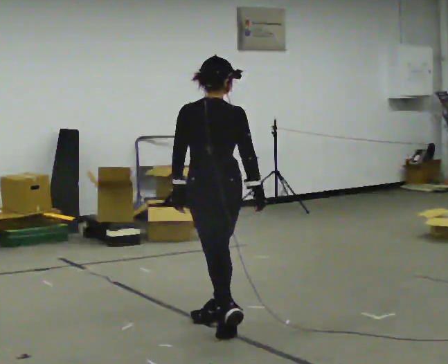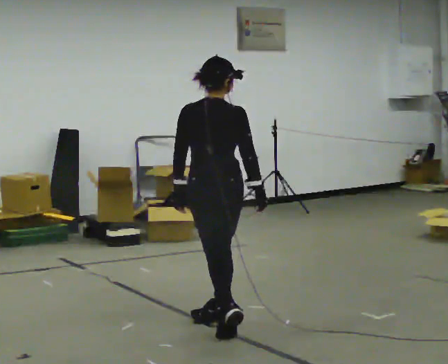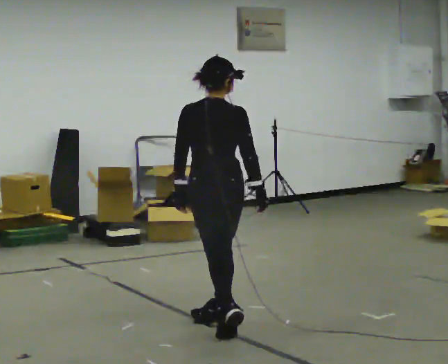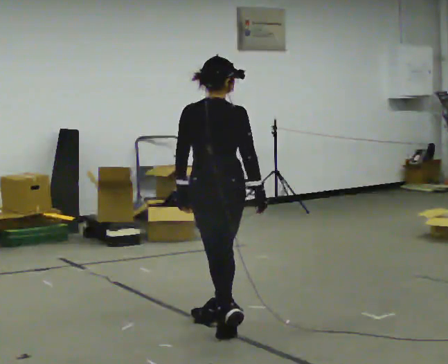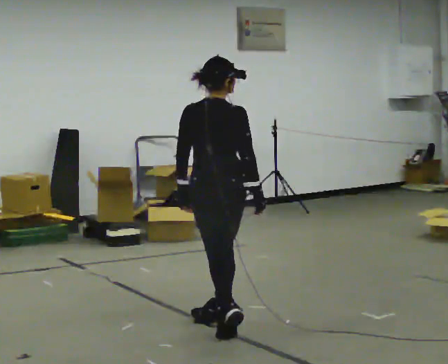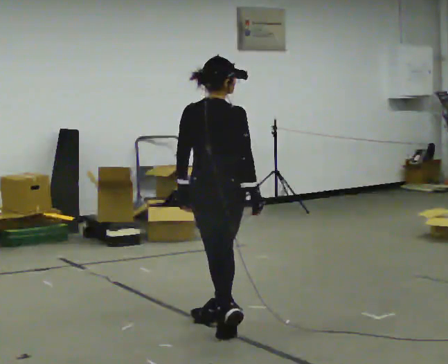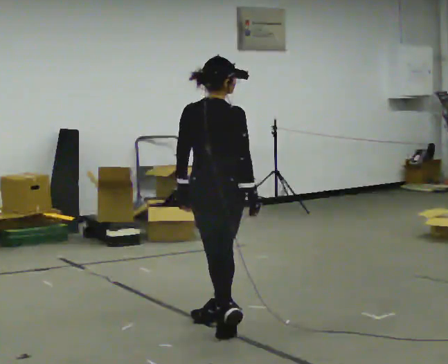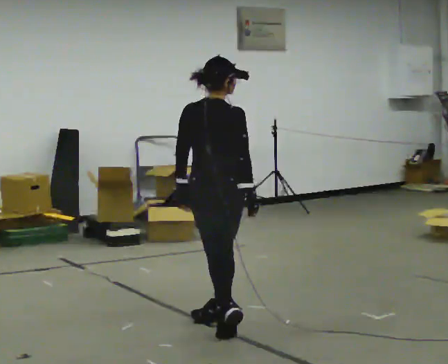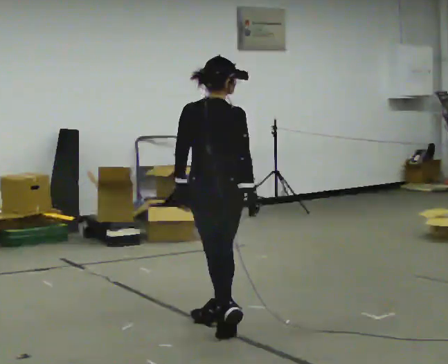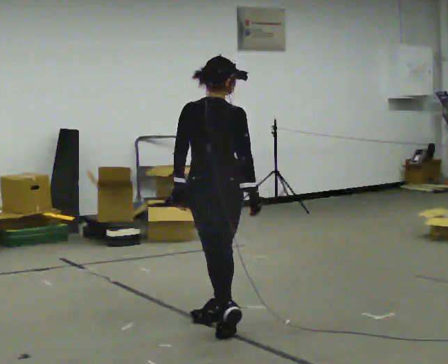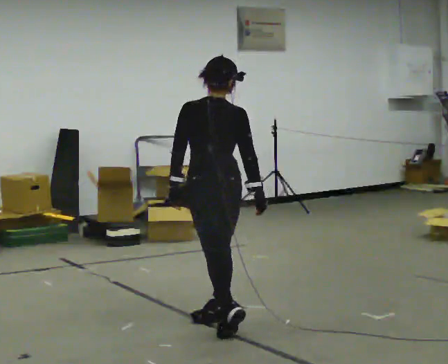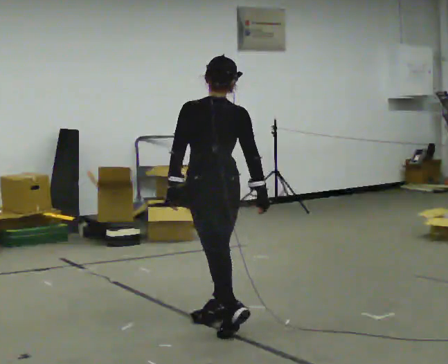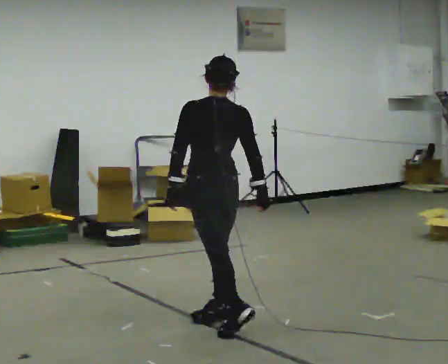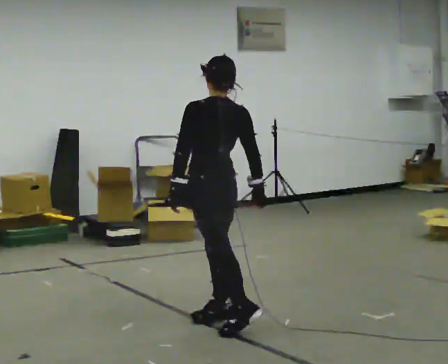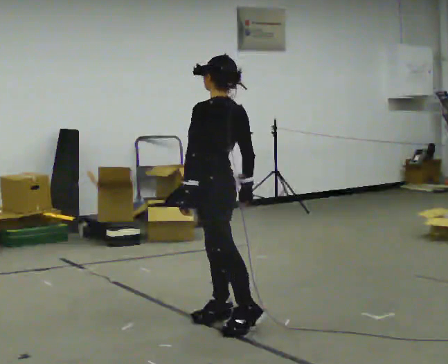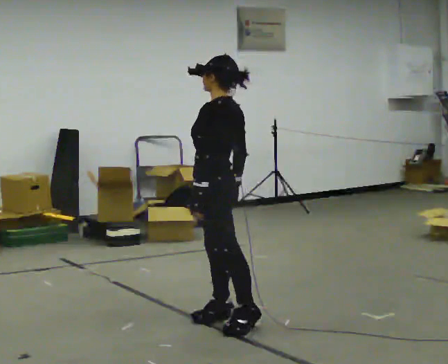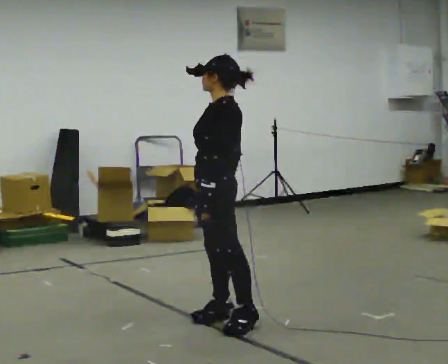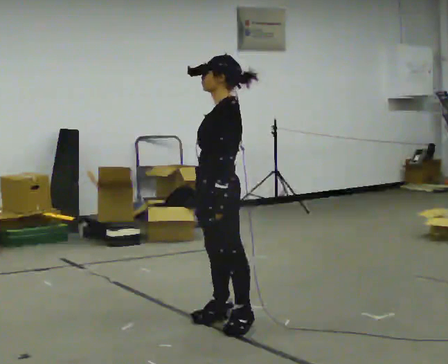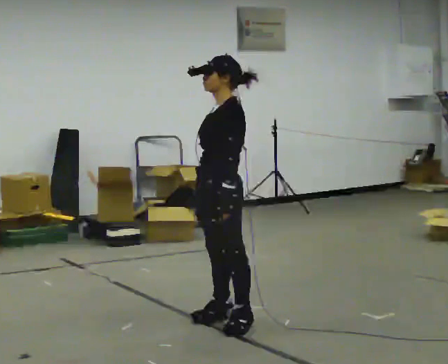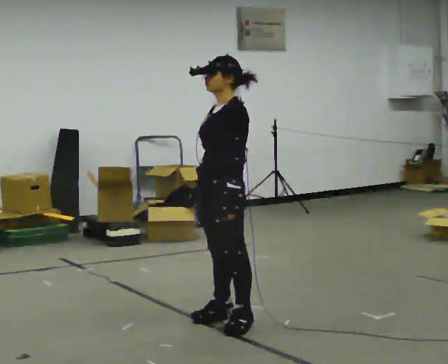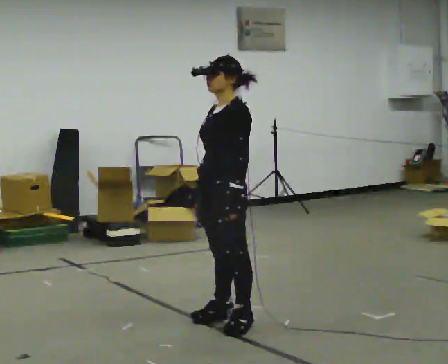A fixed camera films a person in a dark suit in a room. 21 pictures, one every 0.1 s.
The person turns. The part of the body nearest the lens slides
to the right.
The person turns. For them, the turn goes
to their left.
0.0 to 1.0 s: The person moves a little, or ends about where they began.
1.0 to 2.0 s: Seen from above the body turns counterclockwise, about 105 degrees: to their left, with its near side sliding to the right. In the picture their right hand goes to the left, the arm swinging clockwise.
The film runs backward here.
